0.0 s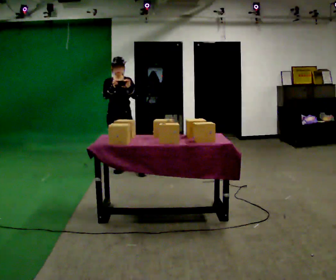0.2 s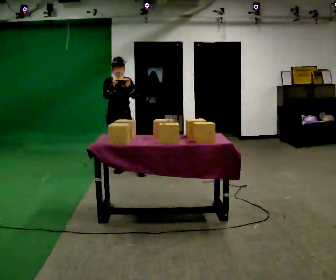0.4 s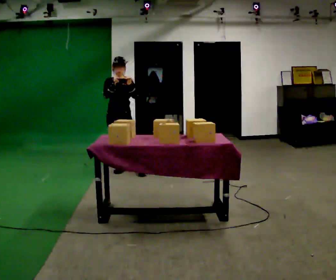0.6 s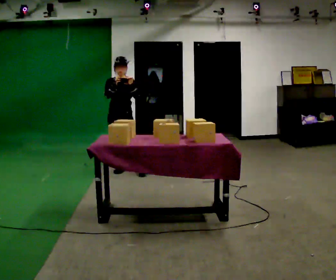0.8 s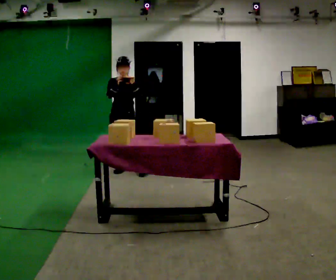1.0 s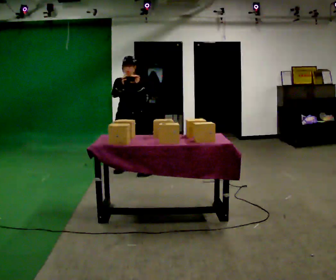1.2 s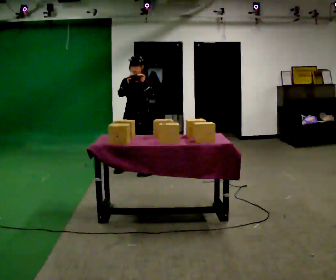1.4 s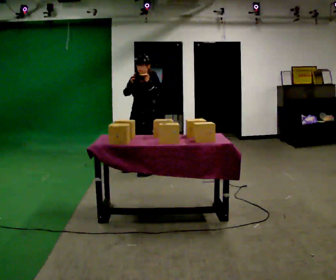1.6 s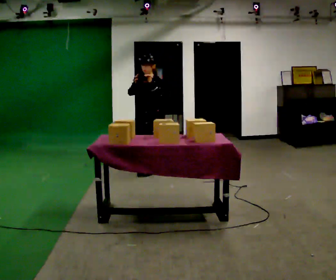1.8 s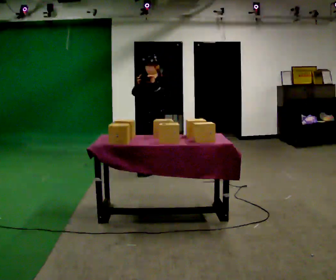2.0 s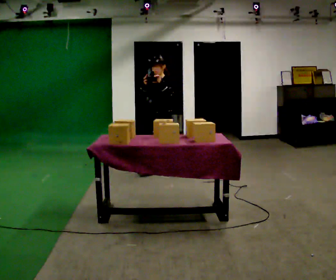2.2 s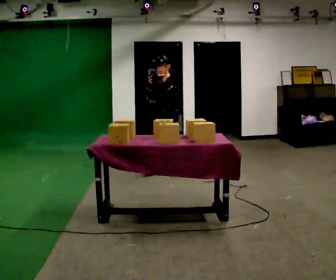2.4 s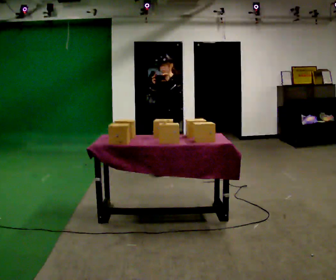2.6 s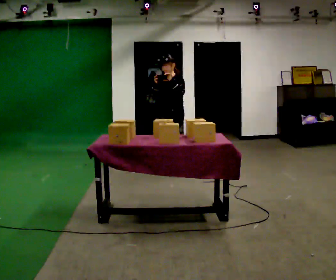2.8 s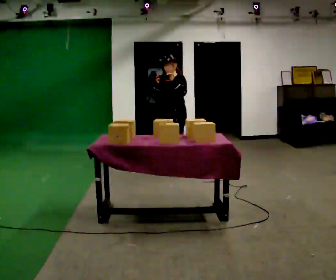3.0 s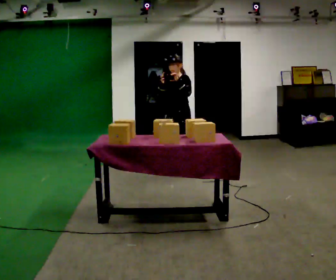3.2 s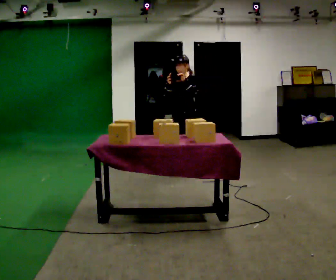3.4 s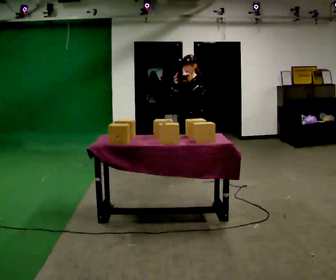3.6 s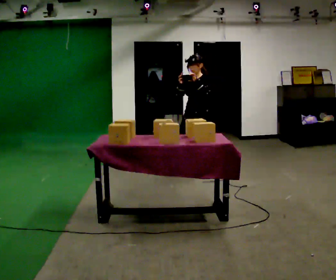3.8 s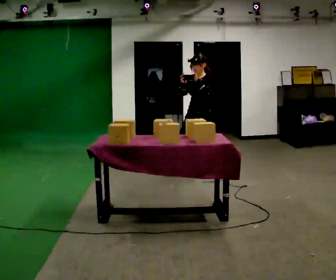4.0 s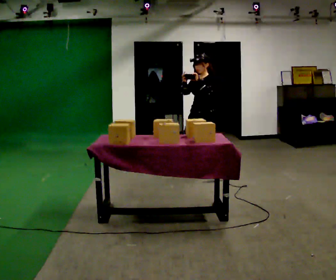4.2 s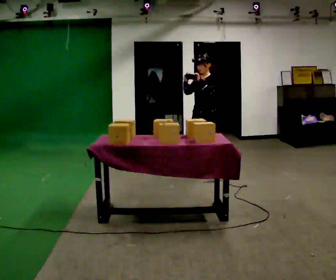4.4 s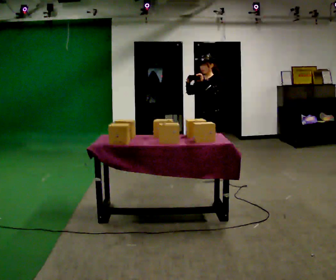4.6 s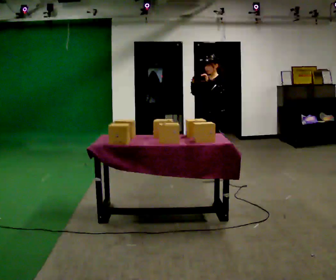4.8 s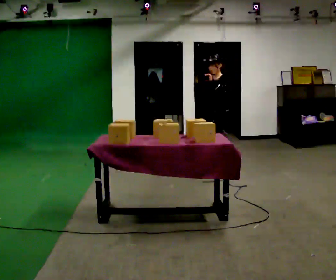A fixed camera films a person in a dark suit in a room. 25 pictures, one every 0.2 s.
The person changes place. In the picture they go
to the right.
0.0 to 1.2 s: The person turns about 30 degrees to their right, clockwise seen from above, so the part of the body nearest the lens slides to the left. In the picture they go to the right, about 0.25 m, which for them is to their left.
1.2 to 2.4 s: Seen from above the body turns clockwise, about 30 degrees: to their right, with its near side sliding to the left. In the picture they go to the right, about 0.5 m in 2 steps, which for them is backward.
2.4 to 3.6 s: In the picture they go to the right, about 0.25 m in 1 step, which for them is to their left and backward.
3.6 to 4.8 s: In the picture they go to the right, about 0.25 m, which for them is backward.
The film runs backward here.
